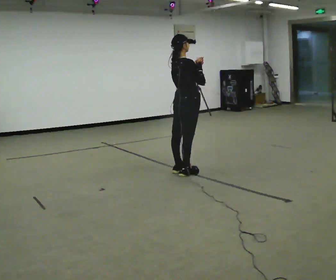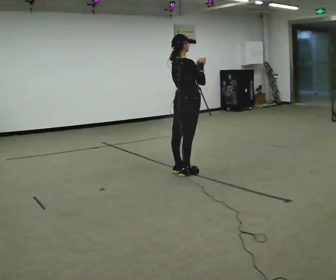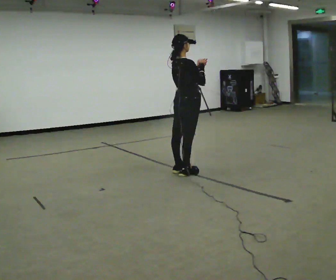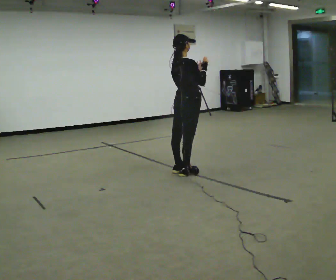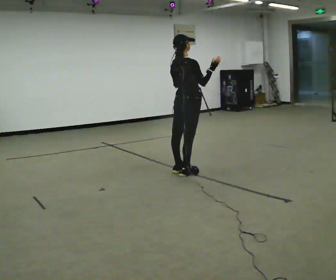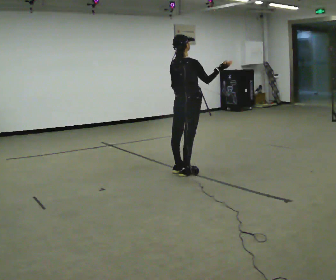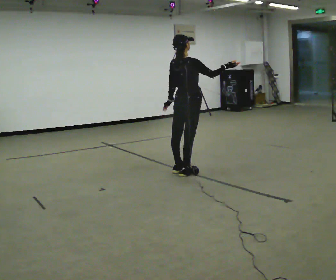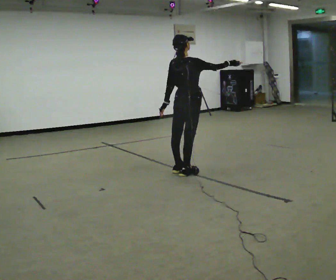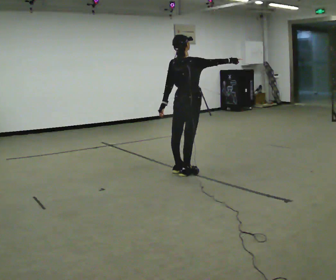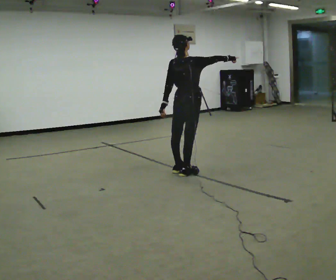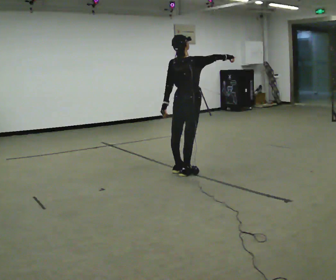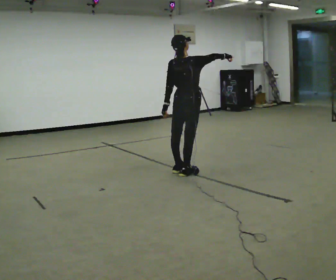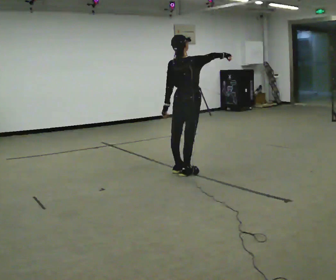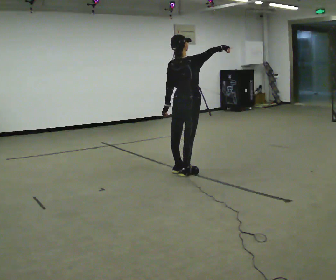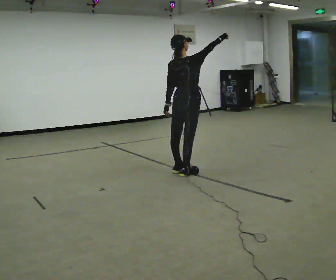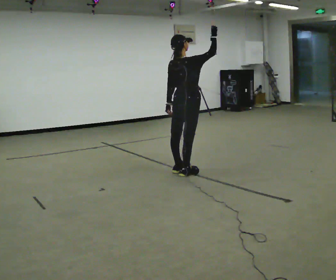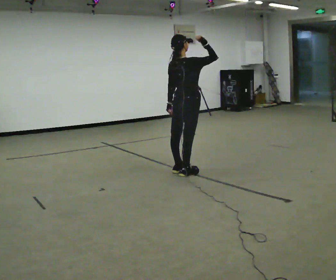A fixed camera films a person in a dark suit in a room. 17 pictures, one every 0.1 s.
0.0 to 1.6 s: In the picture their left hand goes downward and to the left.
The film runs backward here.
